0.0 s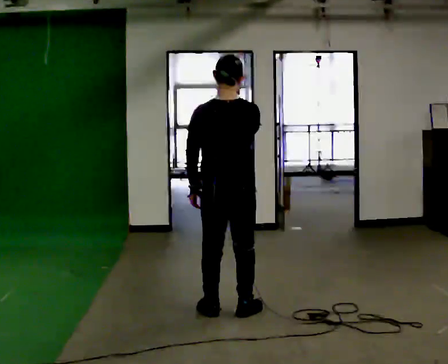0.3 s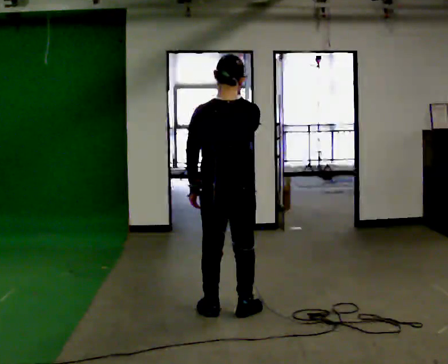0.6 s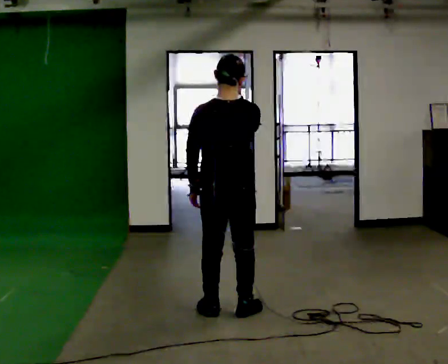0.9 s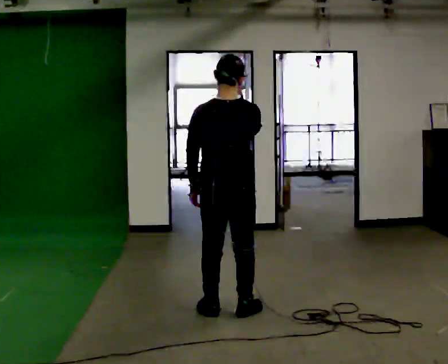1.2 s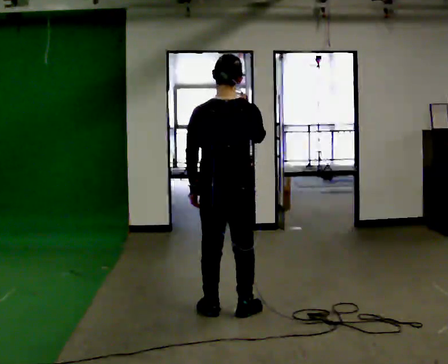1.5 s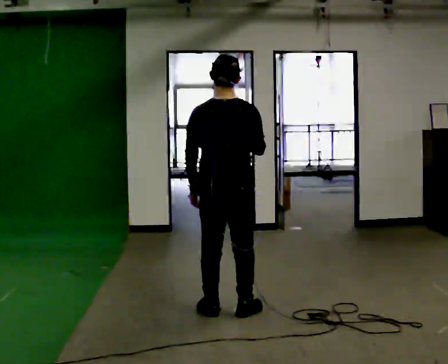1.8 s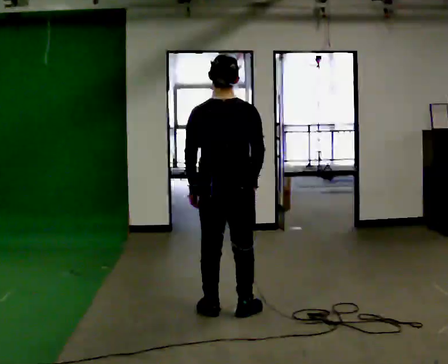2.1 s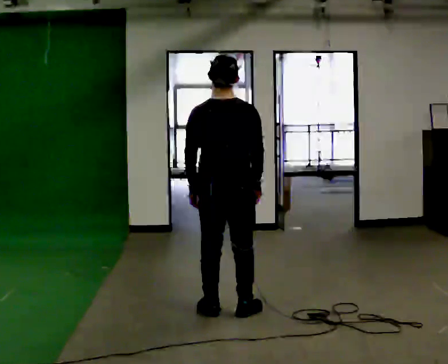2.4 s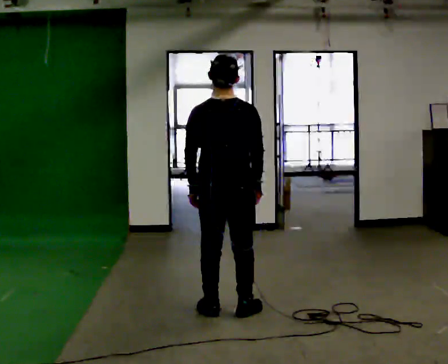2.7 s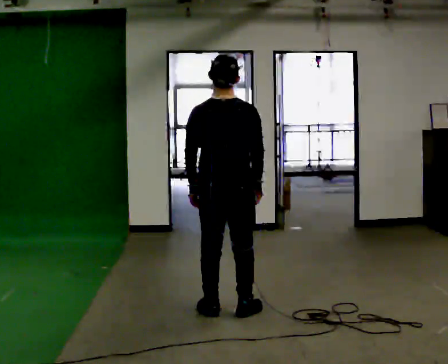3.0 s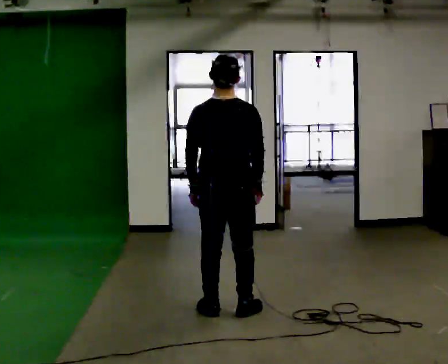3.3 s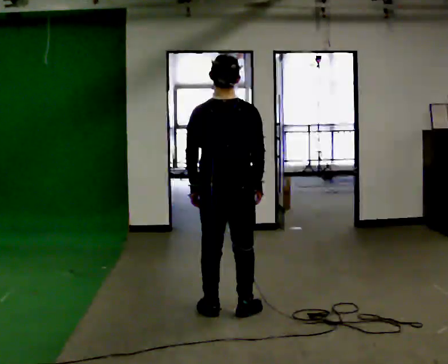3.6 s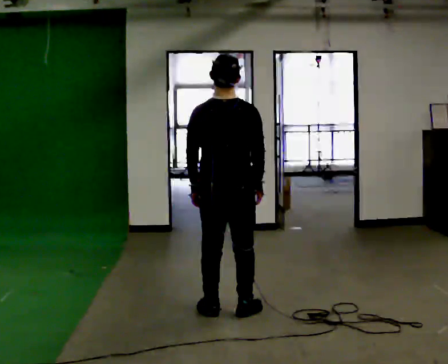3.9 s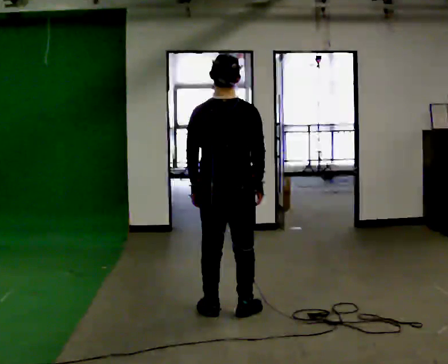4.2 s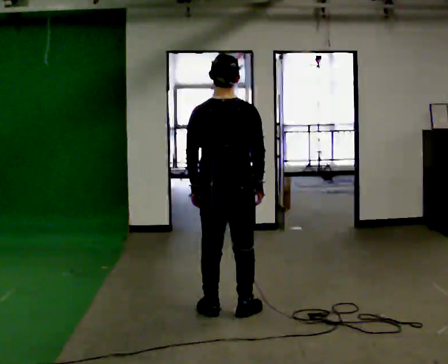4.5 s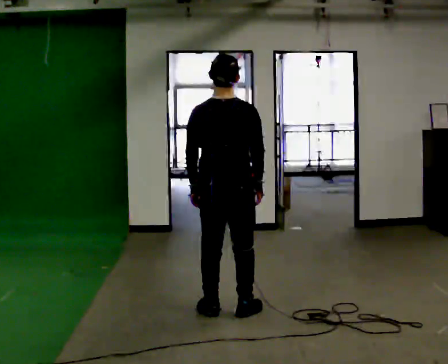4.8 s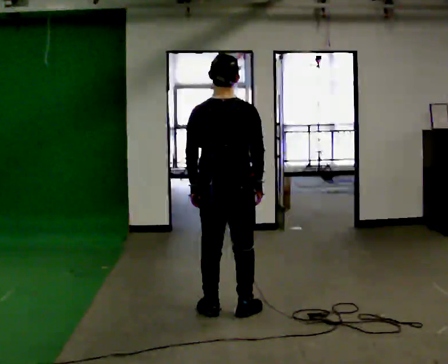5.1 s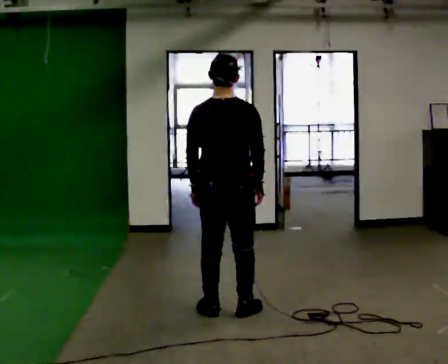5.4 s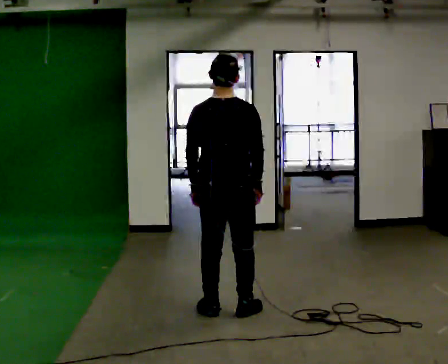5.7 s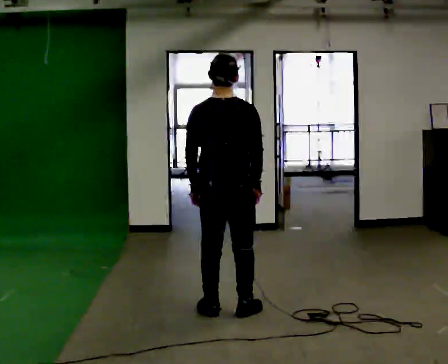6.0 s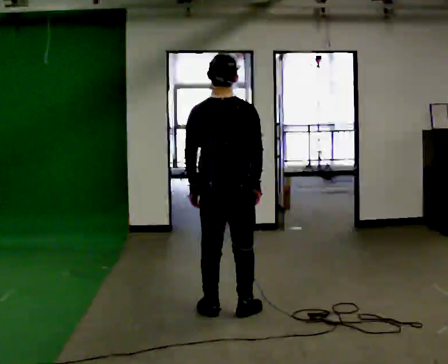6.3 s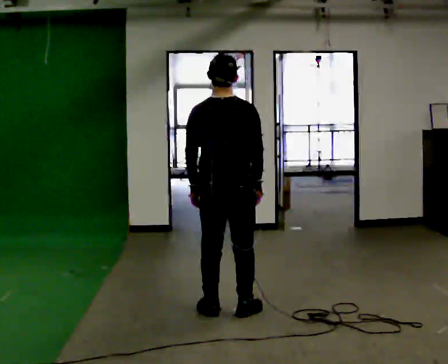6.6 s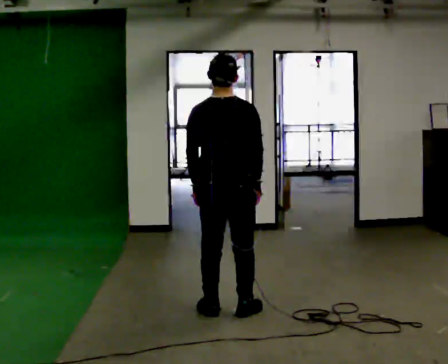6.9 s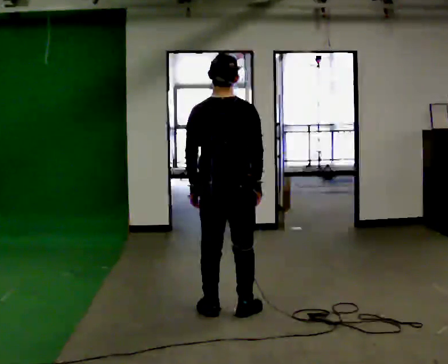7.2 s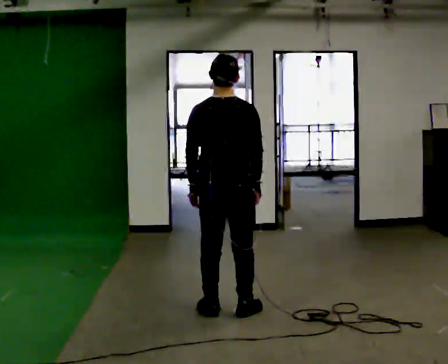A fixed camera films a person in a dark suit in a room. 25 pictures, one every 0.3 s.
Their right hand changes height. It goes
downward.
0.0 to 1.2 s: The person moves a little, or ends about where they began.
1.2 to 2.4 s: In the picture their right hand goes downward.
2.4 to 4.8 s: The person keeps their place and pose.
4.8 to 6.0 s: The person moves a little, or ends about where they began.
6.0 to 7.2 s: The person keeps their place and pose.
The film runs backward here.
